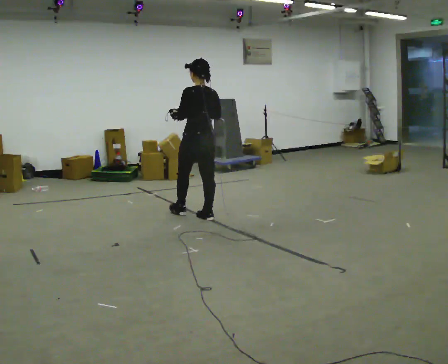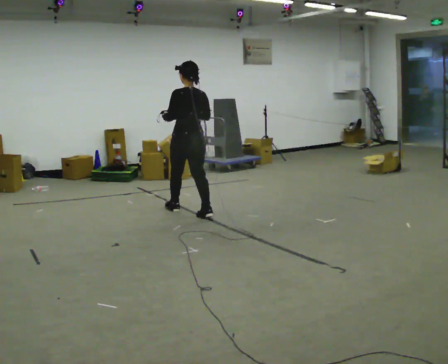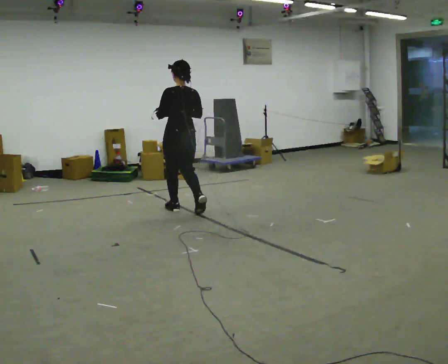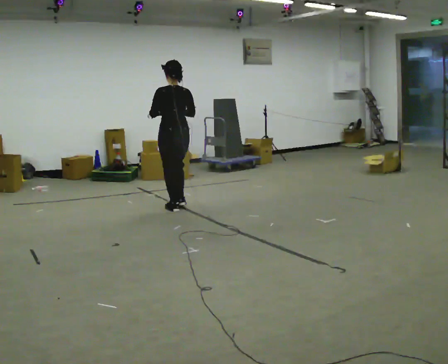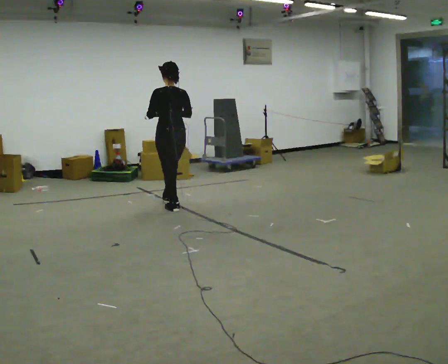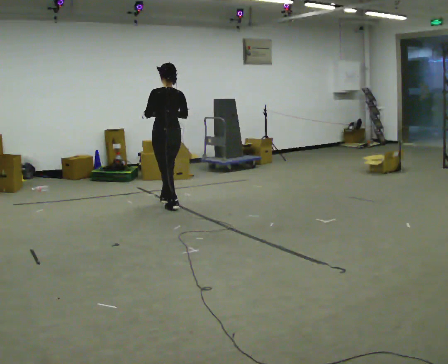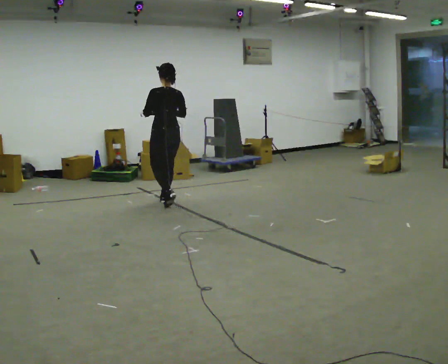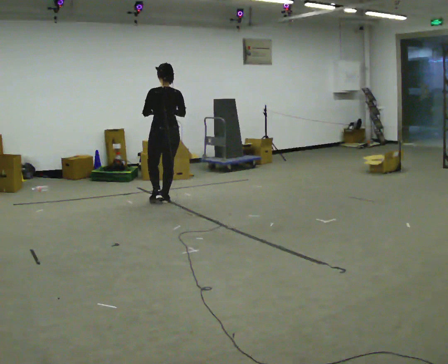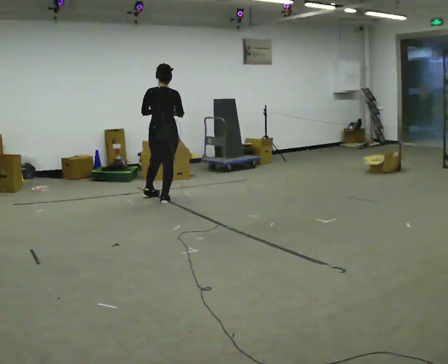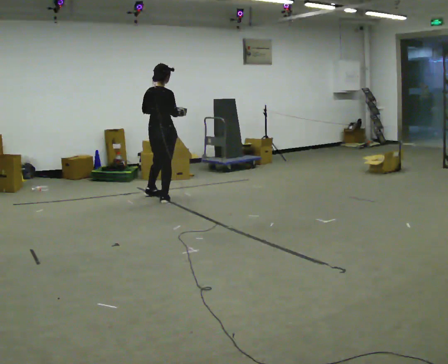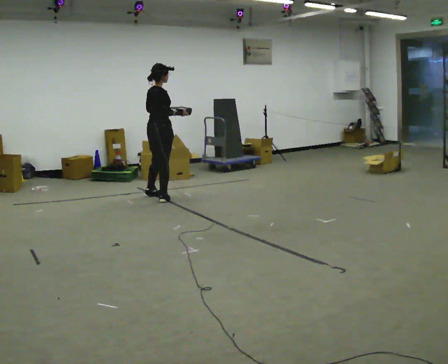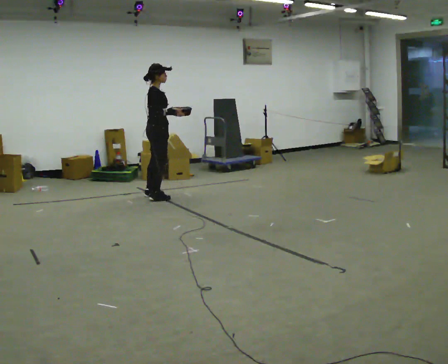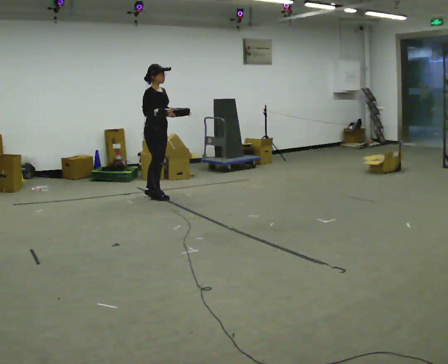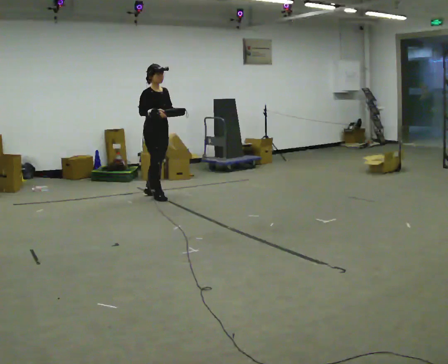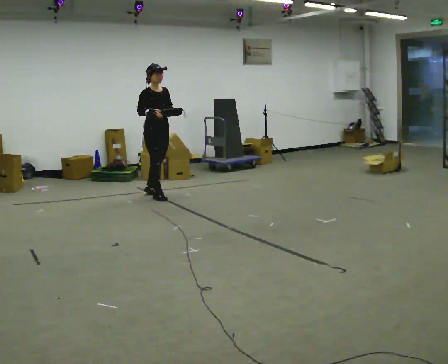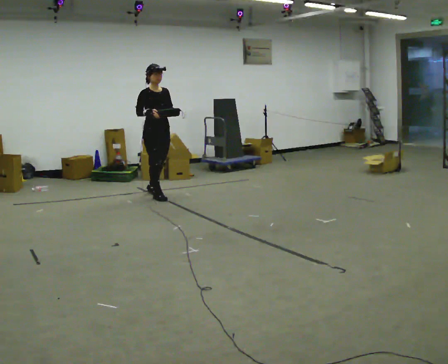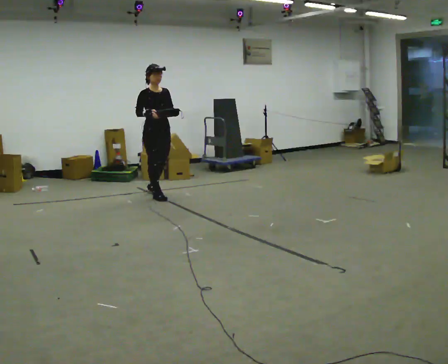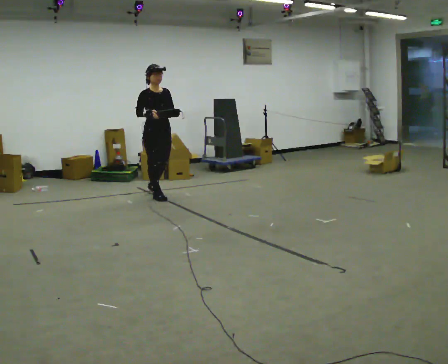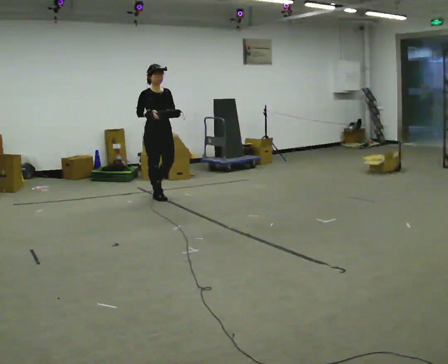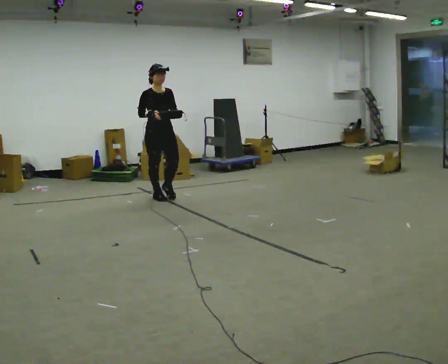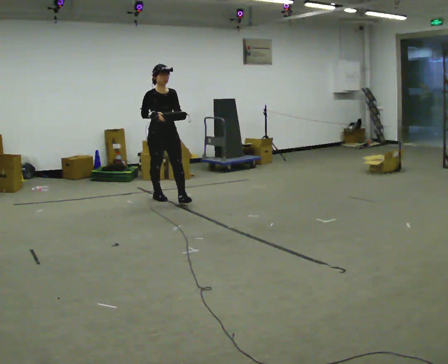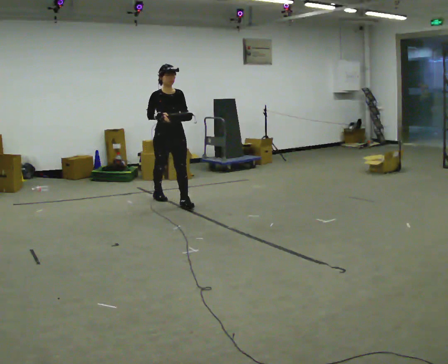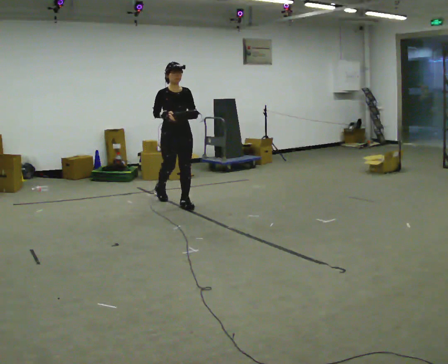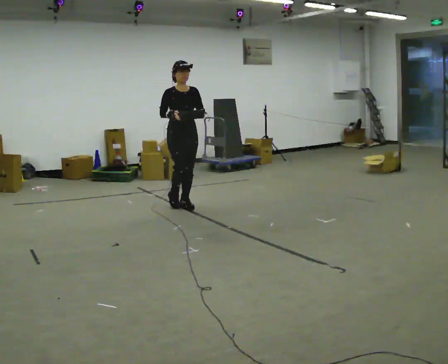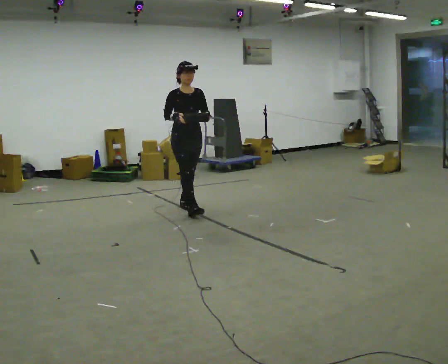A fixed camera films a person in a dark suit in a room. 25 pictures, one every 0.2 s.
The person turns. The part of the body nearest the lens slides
to the left.
The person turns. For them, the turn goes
to their right.
0.0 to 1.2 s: In the picture they go away from the camera and to the left, about 1 m in 2 steps, which for them is forward.
1.2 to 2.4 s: The part of the body nearest the lens slides to the left as the person turns to their right by about 150 degrees. In the picture they go away from the camera and to the left, about 0.5 m in 1 step.
2.4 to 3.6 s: Seen from above the body turns clockwise, about 30 degrees: to their right, with its near side sliding to the left. In the picture they go toward the camera, about 0.25 m in 2 steps, which for them is forward.
3.6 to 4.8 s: In the picture they go toward the camera and to the right, about 0.75 m in 1 step, which for them is forward.
The film runs forward here.
